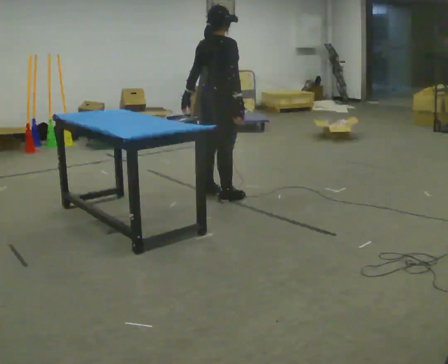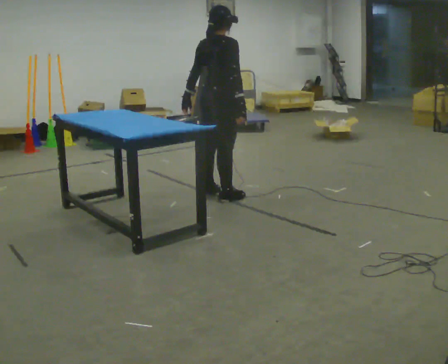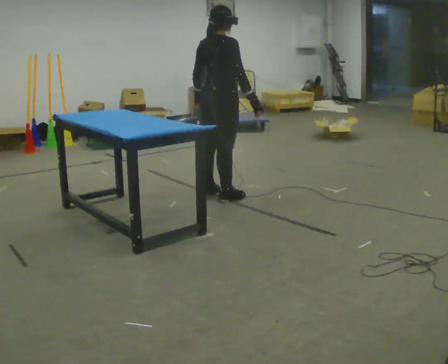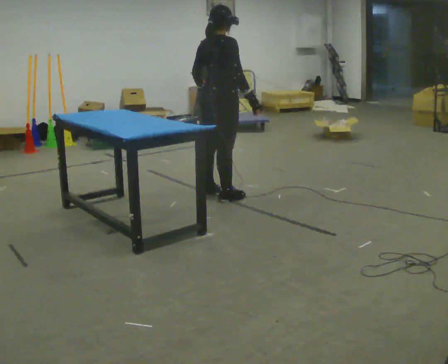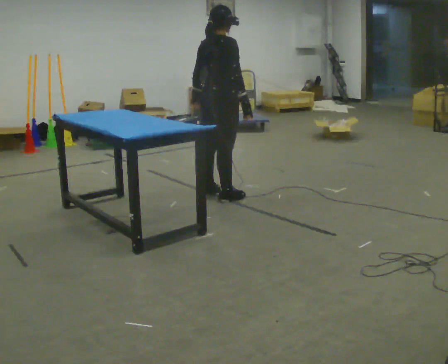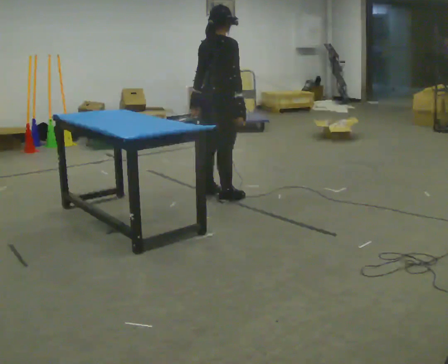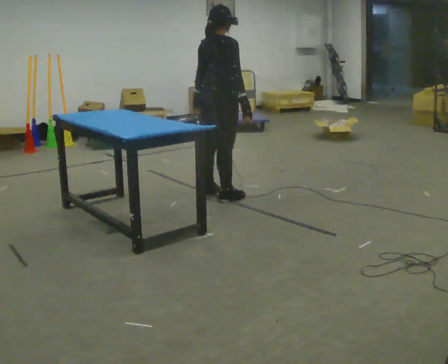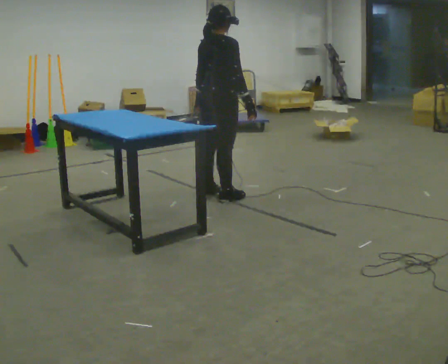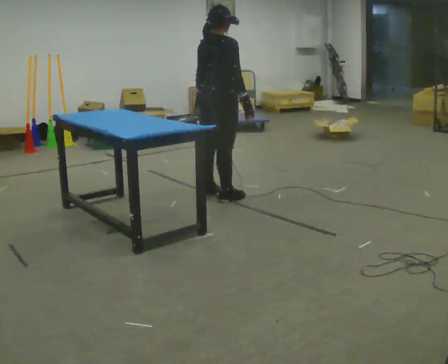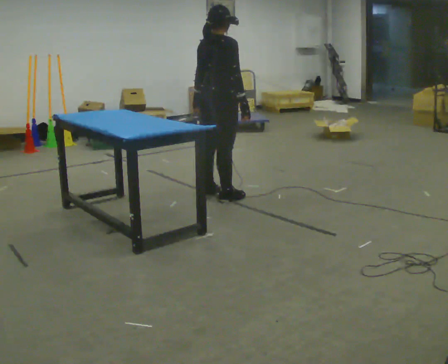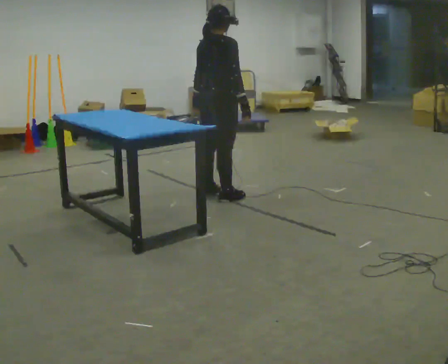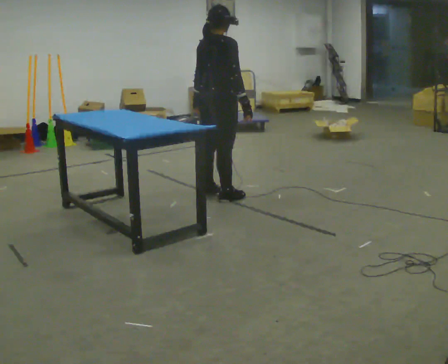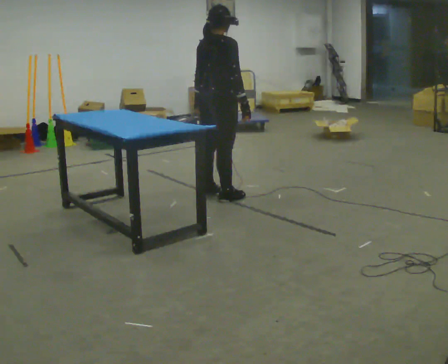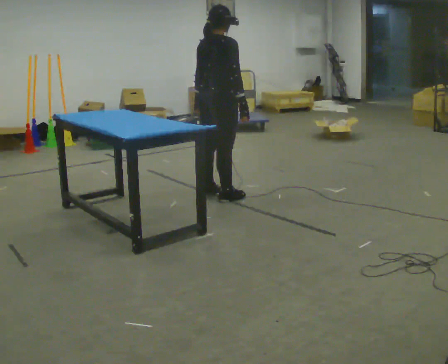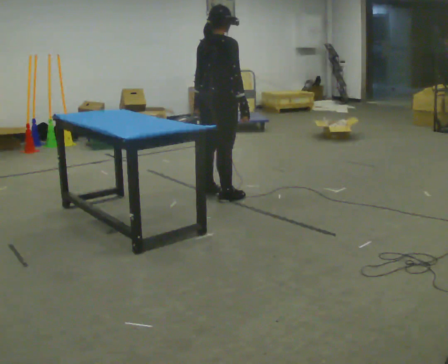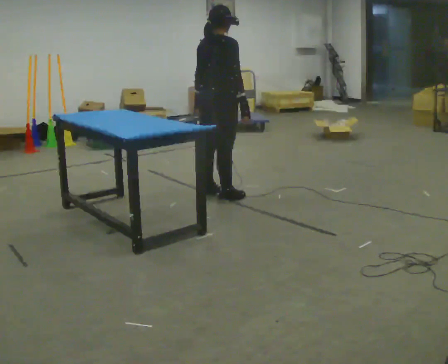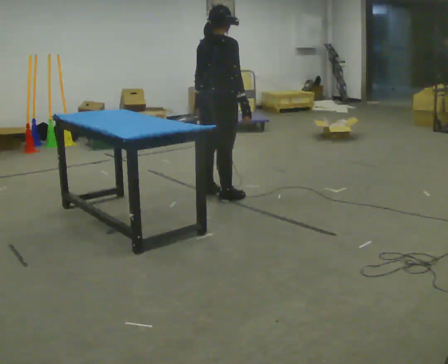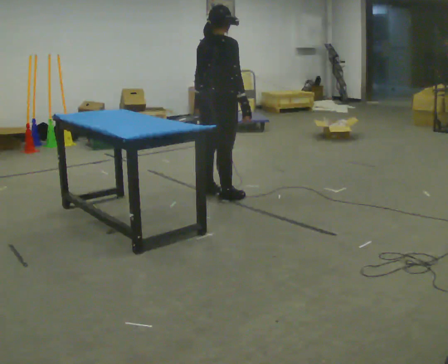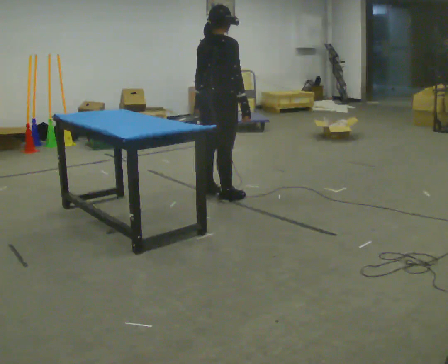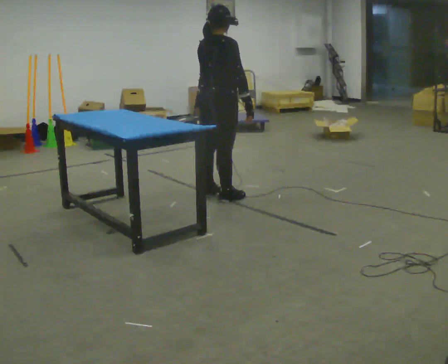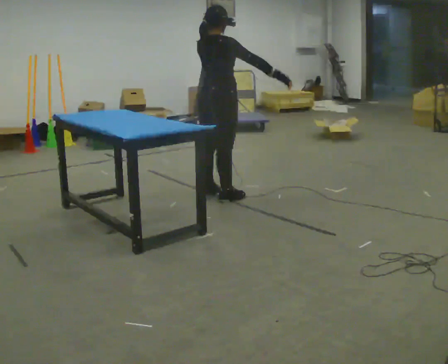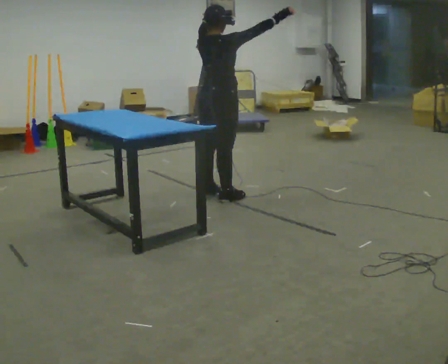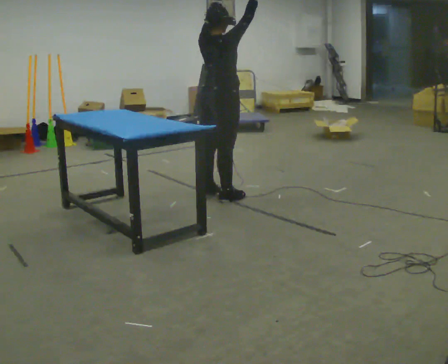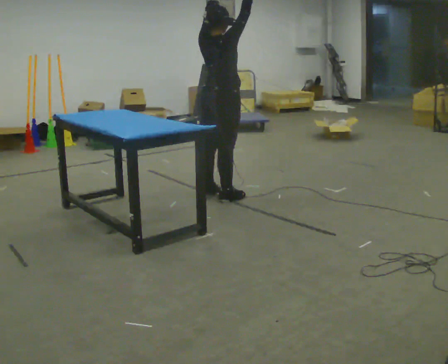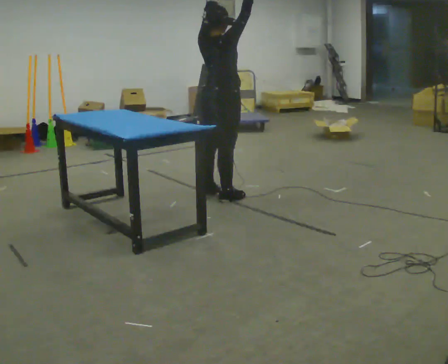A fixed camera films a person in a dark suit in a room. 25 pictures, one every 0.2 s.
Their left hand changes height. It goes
upward.
Their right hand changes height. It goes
upward.
0.0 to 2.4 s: The person moves a little, or ends about where they began.
2.4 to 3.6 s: The person keeps their place and pose.
3.6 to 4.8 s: In the picture their right hand goes upward, the arm swinging counterclockwise.
The film runs forward here.
